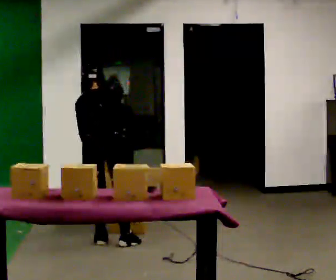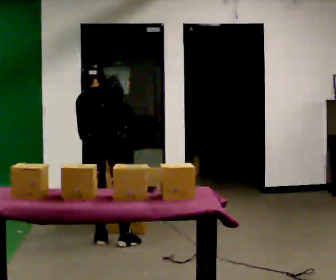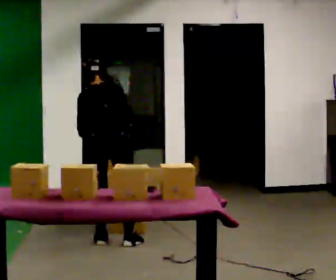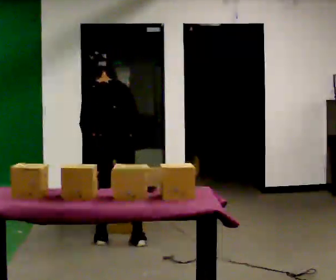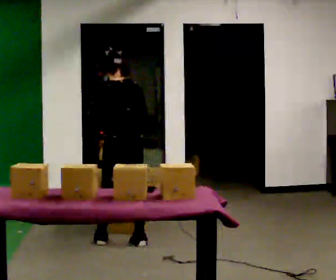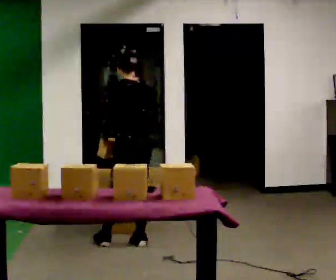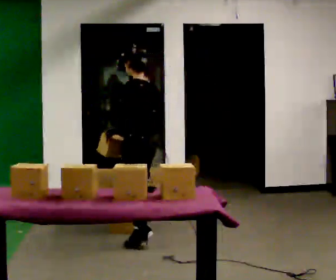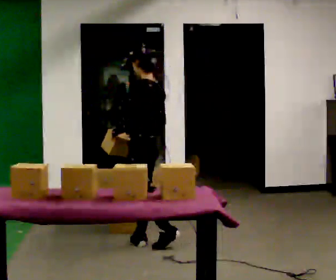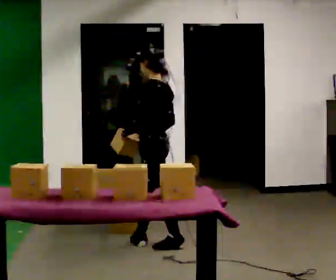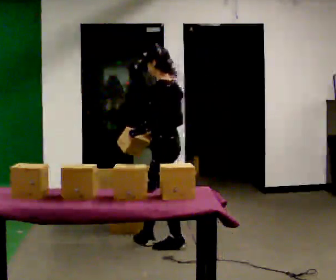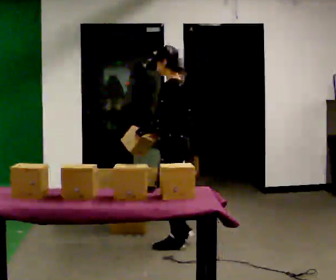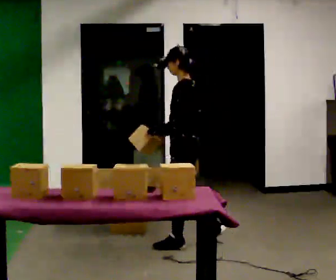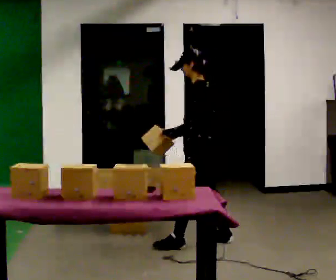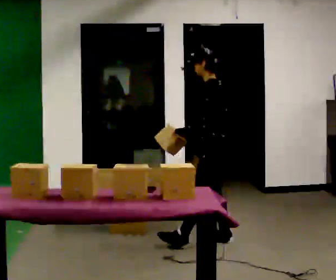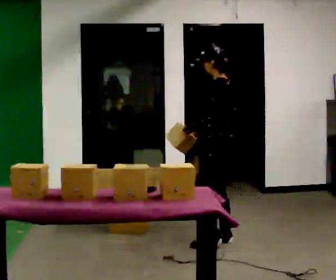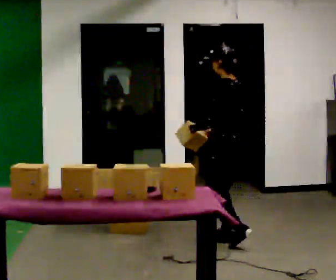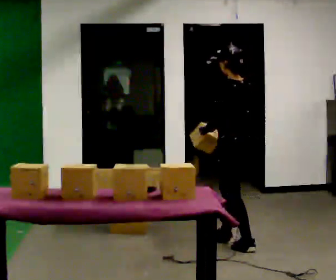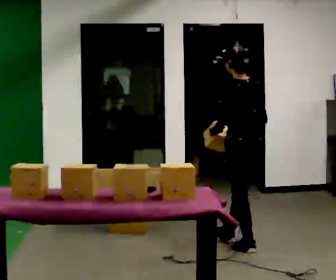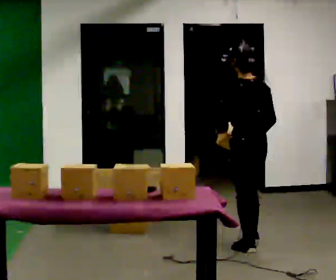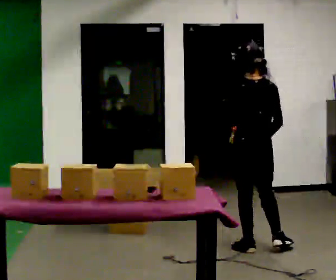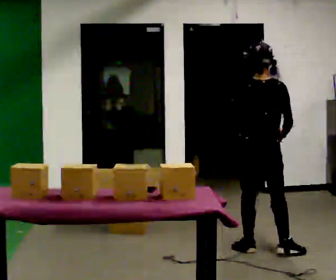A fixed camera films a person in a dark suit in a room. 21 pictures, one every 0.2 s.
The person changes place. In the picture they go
to the right.
The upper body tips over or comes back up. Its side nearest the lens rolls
downward.
0.0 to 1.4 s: Seen from above the body turns counterclockwise, about 75 degrees: to their left, with its near side sliding to the right. In the picture they go to the right, about 0.25 m in 1 step. The upper body tips toward the camera, its near side rolling downward, as they lean back or straighten.
1.4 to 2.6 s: In the picture they go to the right, about 0.5 m in 2 steps, which for them is backward and to their right.
2.6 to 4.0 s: The part of the body nearest the lens slides to the left as the person turns to their right by about 90 degrees. In the picture they go to the right and toward the camera, about 0.5 m in 1 step.
The film runs backward here.
